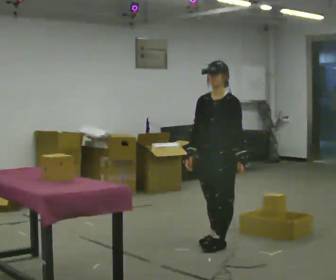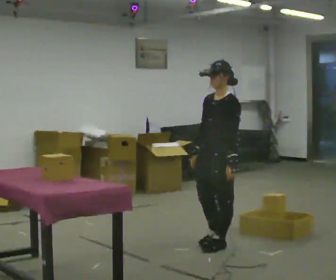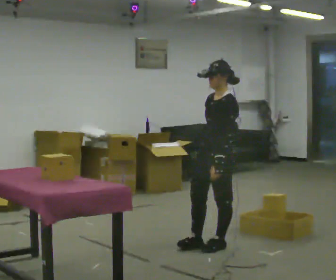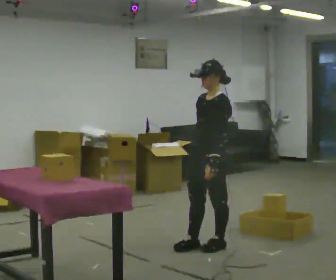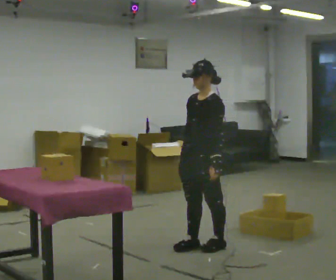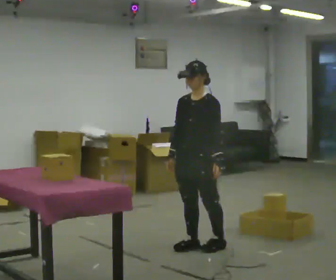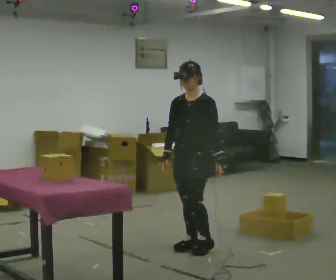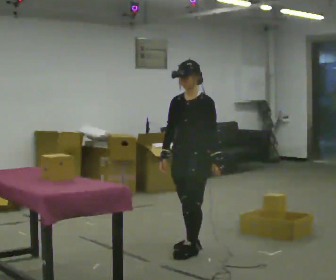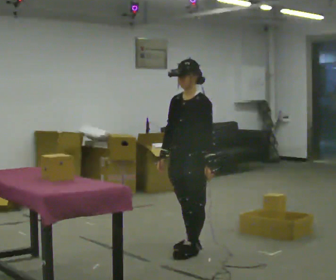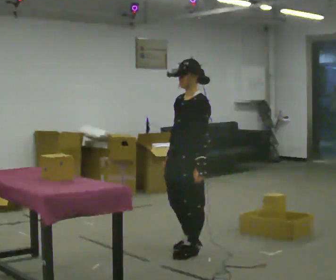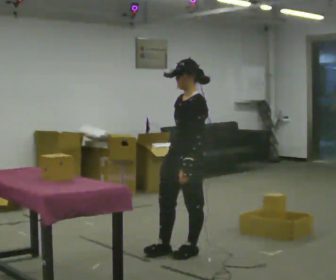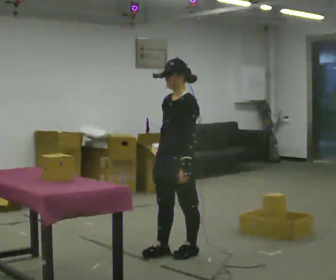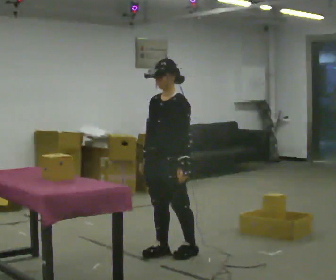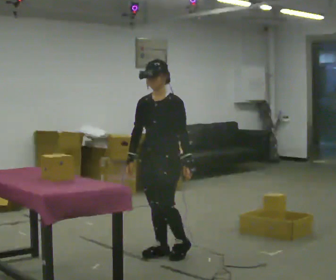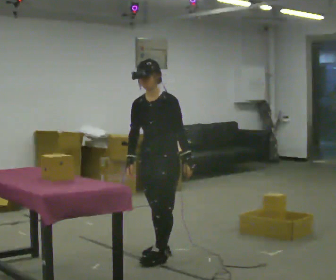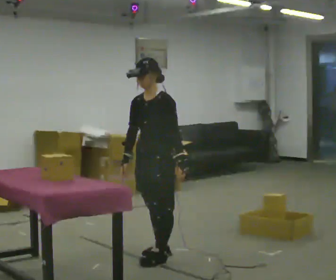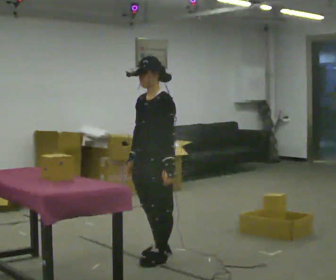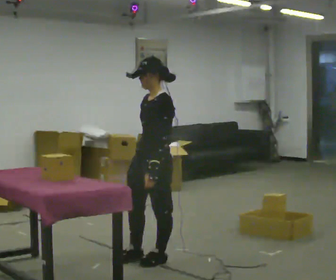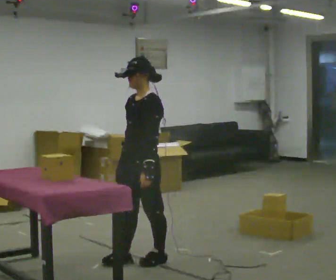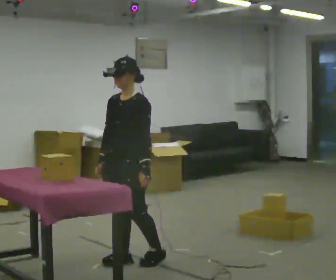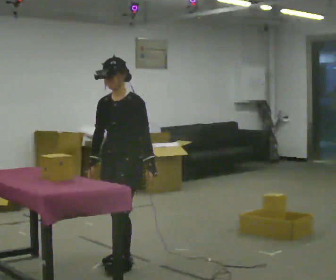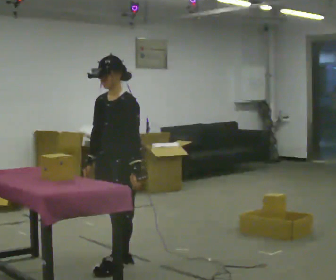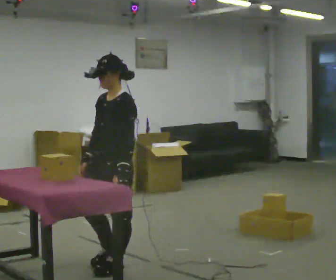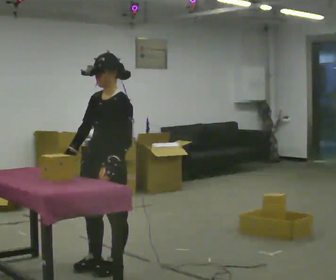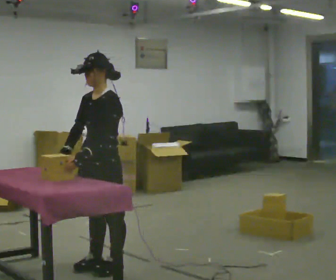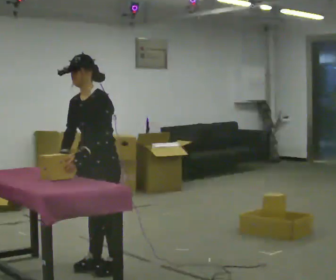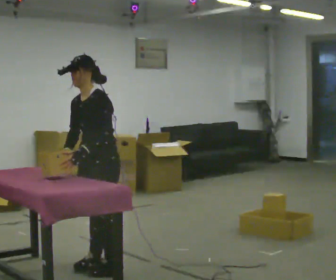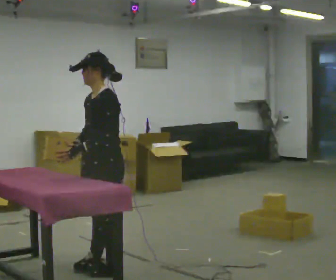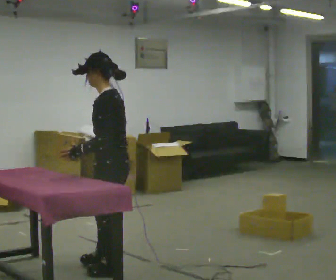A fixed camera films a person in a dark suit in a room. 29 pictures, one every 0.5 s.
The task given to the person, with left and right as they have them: Carry each object across the room and drop it into the container on the floor, then walk back for the next one. Keep going until the operator says stop; one object at a time, and do not rush between trips.
0.0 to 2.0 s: In the picture they go to the left, about 0.25 m in 1 step, which for them is forward.
2.0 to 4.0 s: The person moves a little, or ends about where they began.
4.0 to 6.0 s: In the picture they go to the left, about 0.25 m in 1 step, which for them is forward.
6.0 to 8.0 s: In the picture they go toward the camera, about 0.25 m in 1 step, which for them is forward.
8.0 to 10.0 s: In the picture they go to the left, about 0.25 m in 1 step, which for them is forward.
10.0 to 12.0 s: In the picture they go toward the camera and to the left, about 0.25 m in 2 steps, which for them is forward. In the picture their left hand goes to the left, the arm swinging clockwise.
12.0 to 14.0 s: The part of the body nearest the lens slides to the left as the person turns to their right by about 45 degrees.
The film runs forward here.
